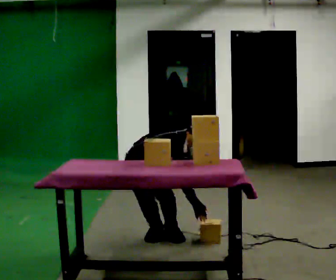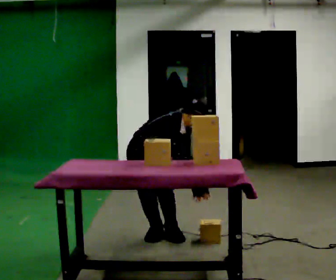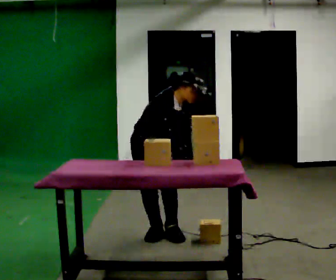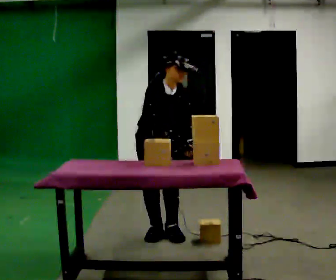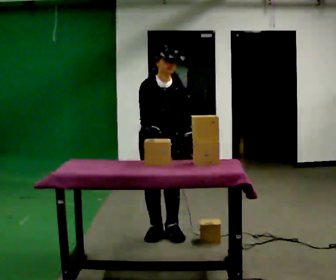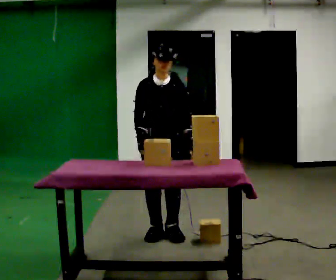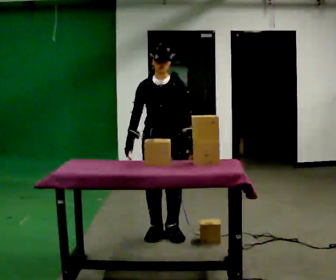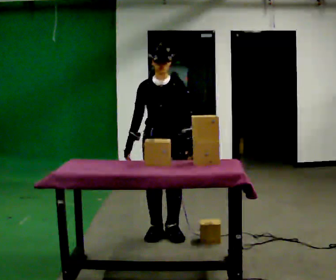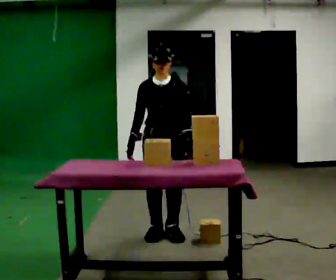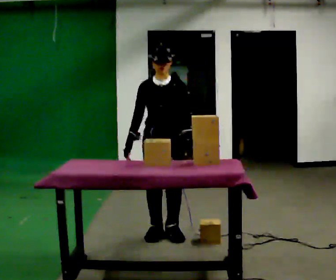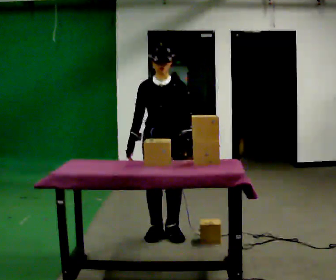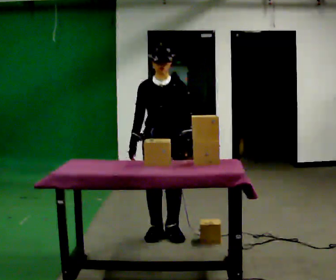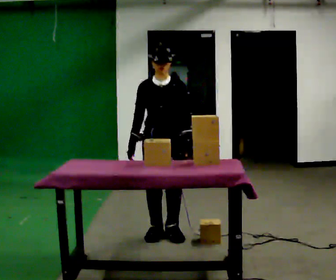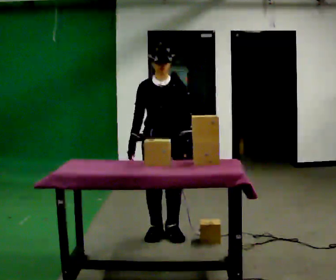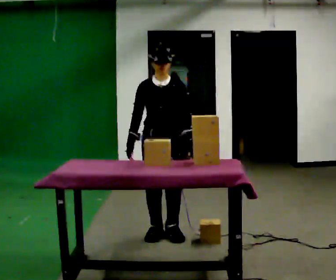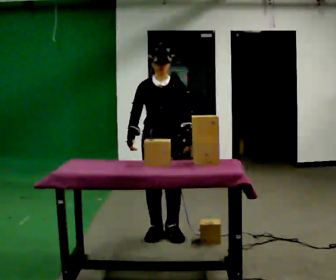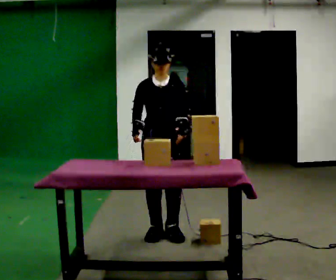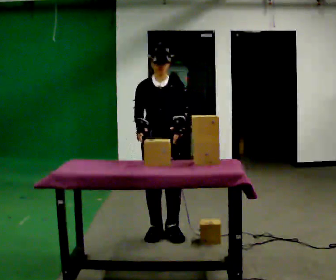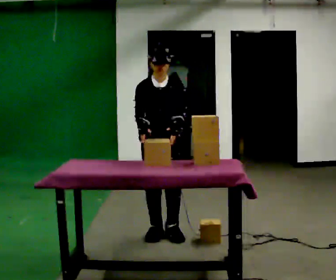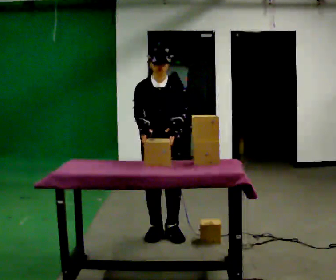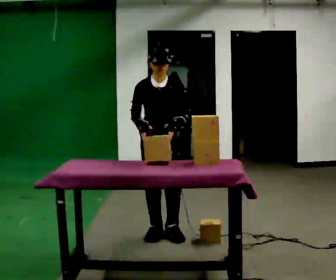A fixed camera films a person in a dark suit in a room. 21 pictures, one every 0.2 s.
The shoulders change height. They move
upward.
Their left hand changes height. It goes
upward.
0.0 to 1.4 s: The person turns about 45 degrees to their right, clockwise seen from above, so the part of the body nearest the lens slides to the left. In the picture they go to the right, about 0.25 m, which for them is to their left. The upper body goes upward. In the picture the upper body tilts counterclockwise, shoulders to the left, as they lean back or straighten. In the picture their right hand goes to the left and upward, the arm swinging clockwise.
1.4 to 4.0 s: The person moves a little, or ends about where they began.
The film runs forward here.
